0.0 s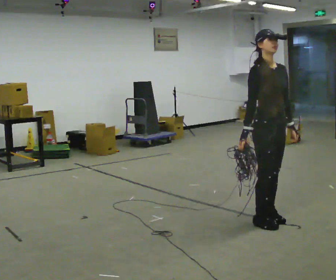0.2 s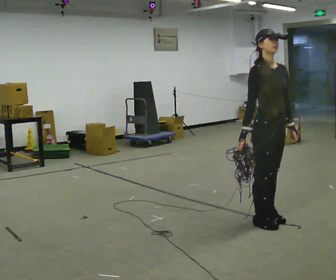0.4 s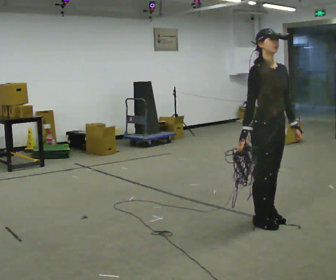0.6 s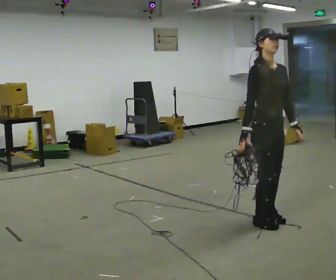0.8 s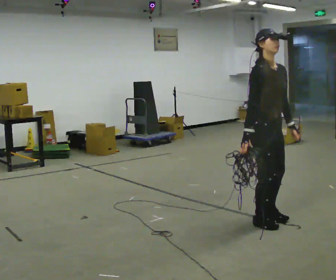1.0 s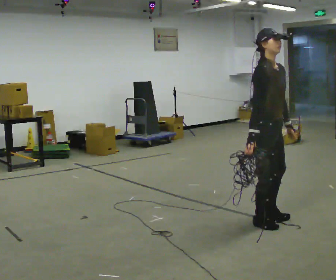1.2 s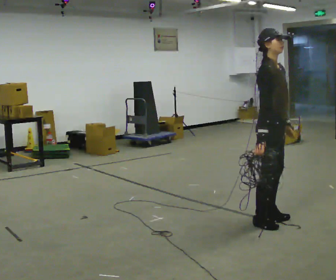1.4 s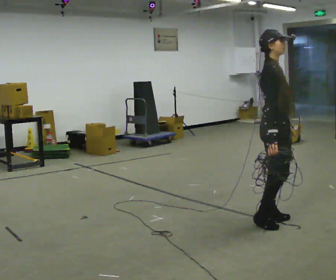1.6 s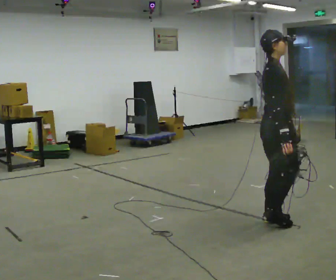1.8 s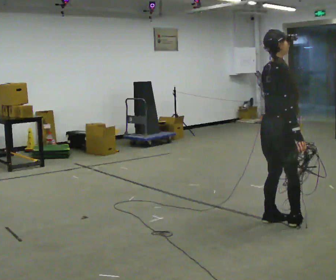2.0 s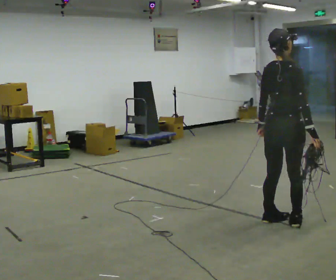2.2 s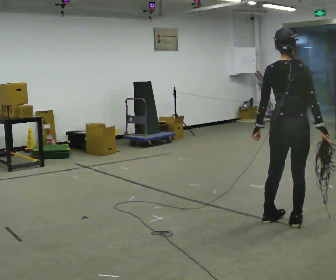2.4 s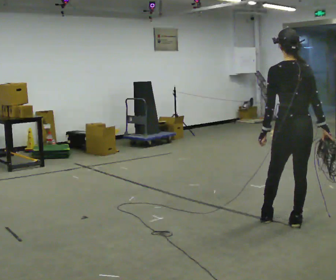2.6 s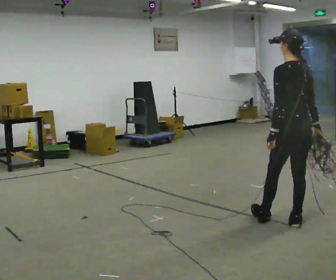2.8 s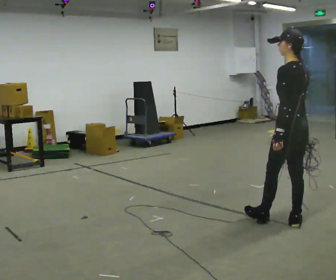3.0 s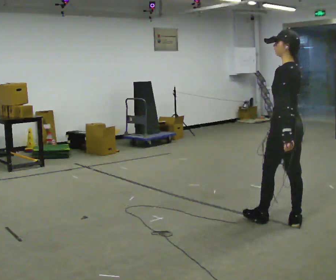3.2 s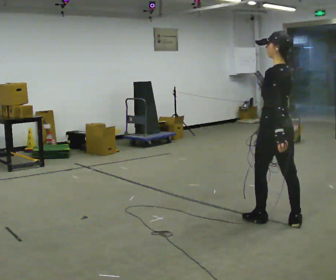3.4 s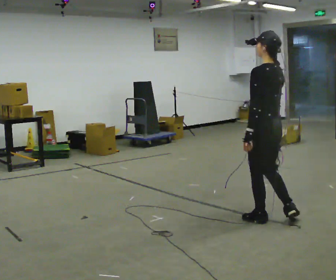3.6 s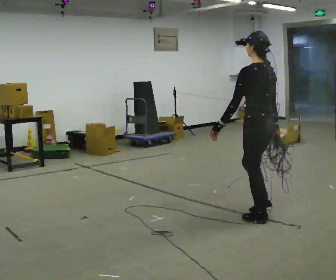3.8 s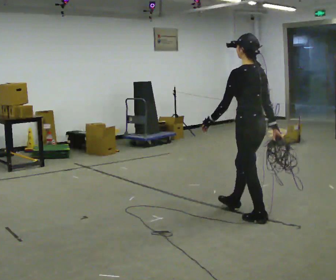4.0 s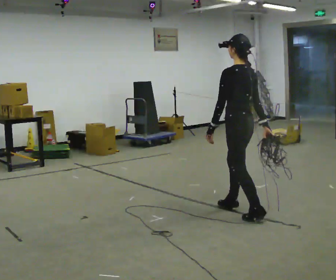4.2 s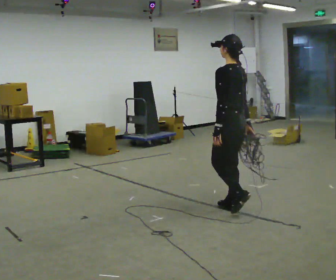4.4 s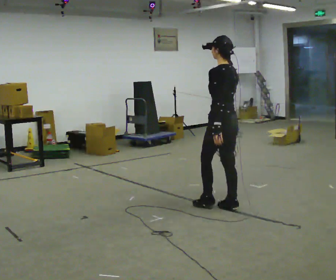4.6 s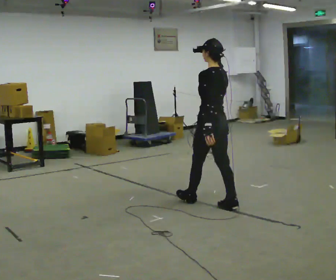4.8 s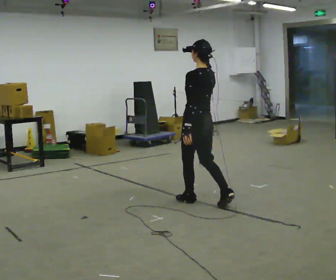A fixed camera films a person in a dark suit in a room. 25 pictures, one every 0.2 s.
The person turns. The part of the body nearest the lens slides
to the right.
The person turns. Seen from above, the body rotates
counterclockwise.
0.0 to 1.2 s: The part of the body nearest the lens slides to the right as the person turns to their left by about 30 degrees.
1.2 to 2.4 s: Seen from above the body turns counterclockwise, about 120 degrees: to their left, with its near side sliding to the right. In the picture they go to the right, about 0.25 m in 1 step. In the picture their right hand goes to the right.
2.4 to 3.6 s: Seen from above the body turns counterclockwise, about 30 degrees: to their left, with its near side sliding to the right. In the picture they go to the left, about 0.25 m, which for them is forward.
3.6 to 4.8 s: In the picture they go to the left and away from the camera, about 1 m in 2 steps, which for them is forward.
The film runs forward here.
